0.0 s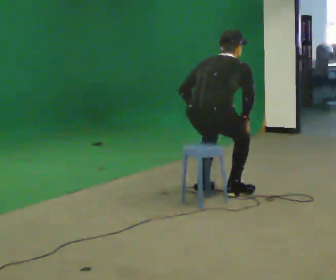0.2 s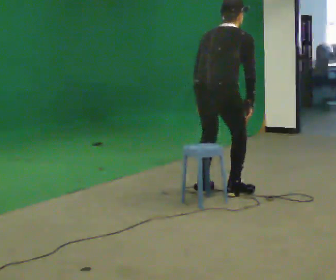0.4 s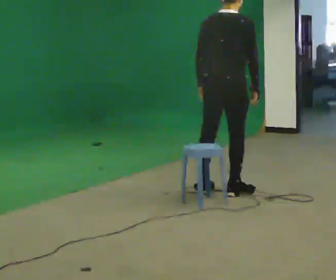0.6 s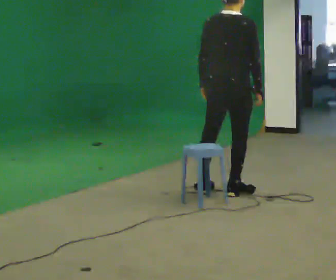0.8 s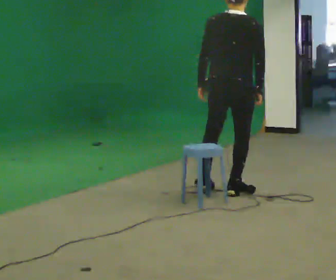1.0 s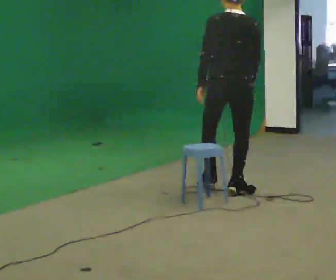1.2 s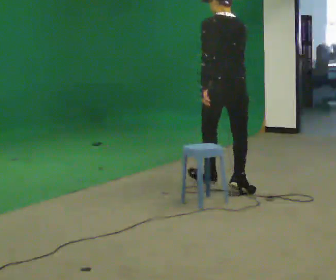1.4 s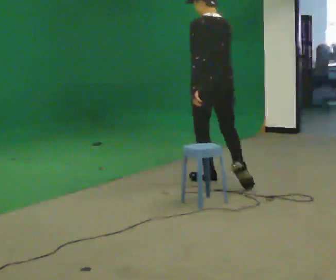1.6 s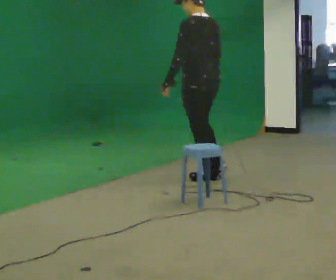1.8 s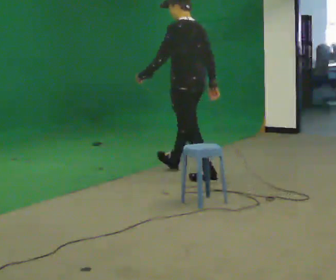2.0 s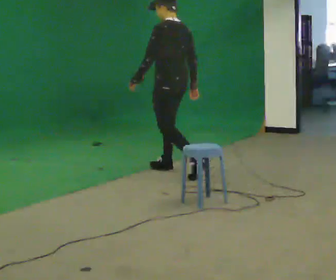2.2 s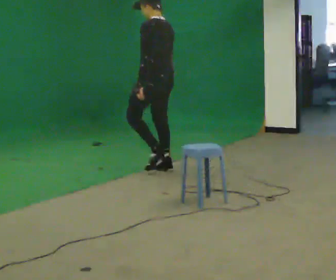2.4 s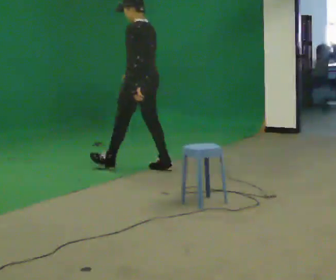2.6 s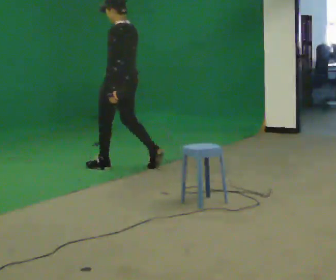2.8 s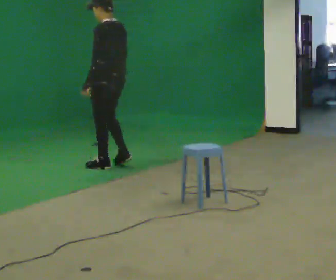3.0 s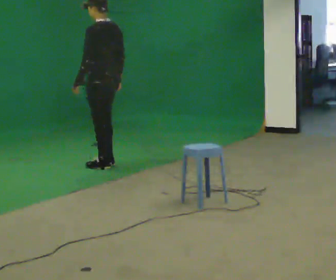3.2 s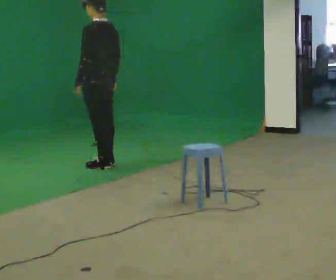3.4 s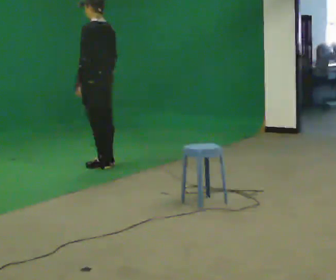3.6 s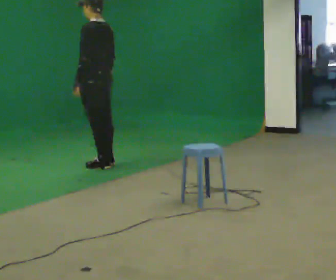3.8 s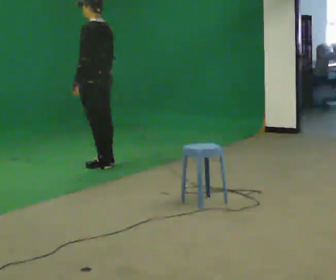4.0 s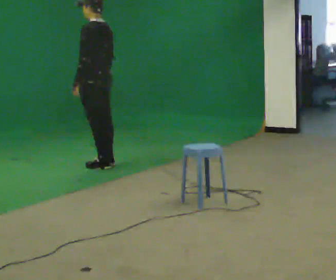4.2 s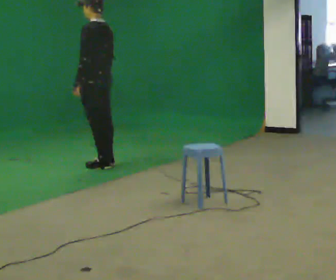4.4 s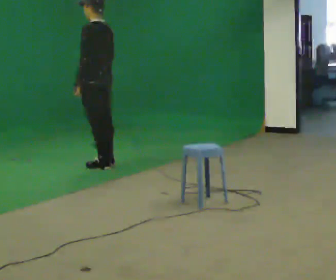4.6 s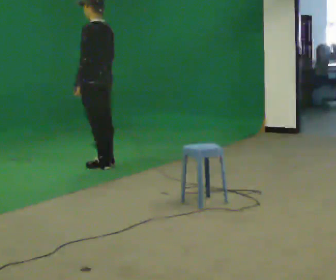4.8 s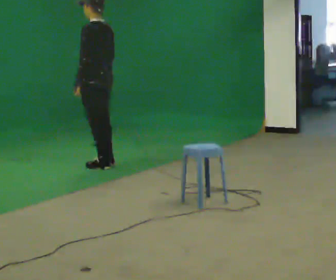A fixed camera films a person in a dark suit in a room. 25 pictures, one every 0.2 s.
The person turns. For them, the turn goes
to their left.
The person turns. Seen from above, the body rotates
counterclockwise.
0.0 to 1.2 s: The person turns about 45 degrees to their left, counterclockwise seen from above, so the part of the body nearest the lens slides to the right. In the picture they go away from the camera and to the right, about 0.5 m in 1 step, which for them is forward. The shoulders move upward. The upper body tips toward the camera, its near side rolling downward, as they lean back or straighten.
1.2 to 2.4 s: Seen from above the body turns counterclockwise, about 45 degrees: to their left, with its near side sliding to the right. In the picture they go away from the camera and to the left, about 1 m in 1 step, which for them is forward.
2.4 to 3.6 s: In the picture they go to the left and away from the camera, about 0.5 m in 2 steps, which for them is forward.
3.6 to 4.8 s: The person moves a little, or ends about where they began.
The film runs forward here.
